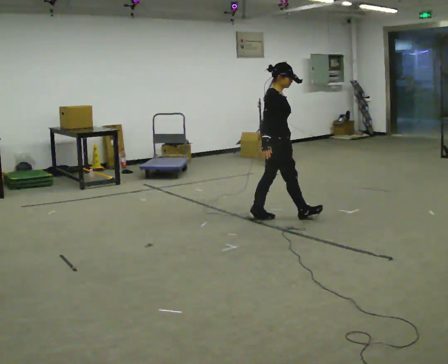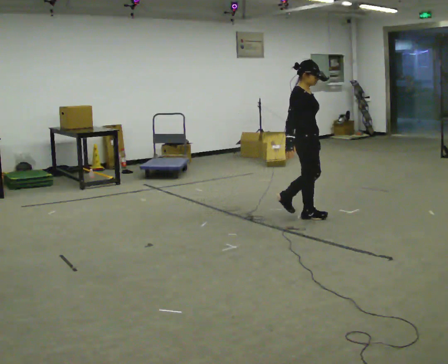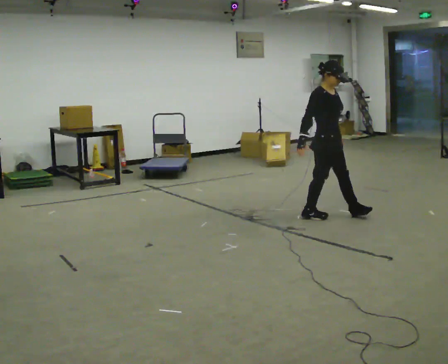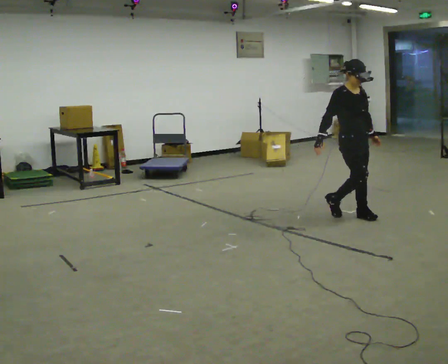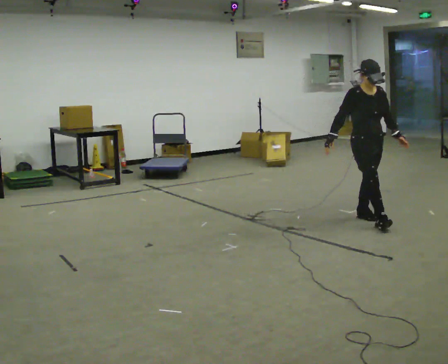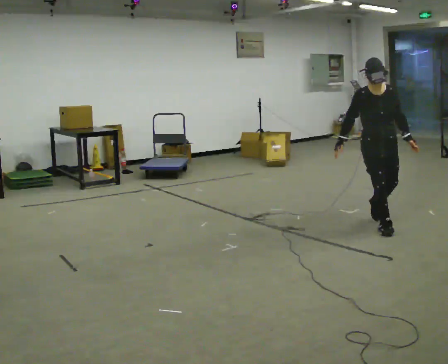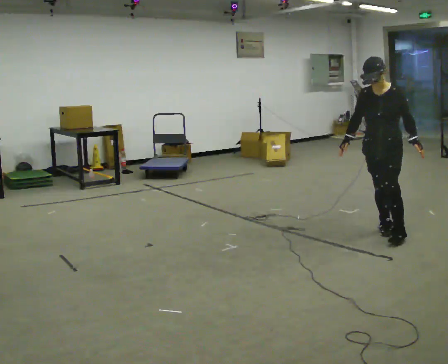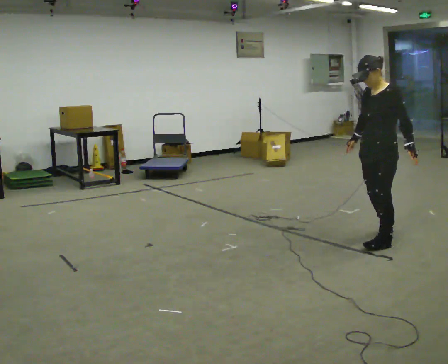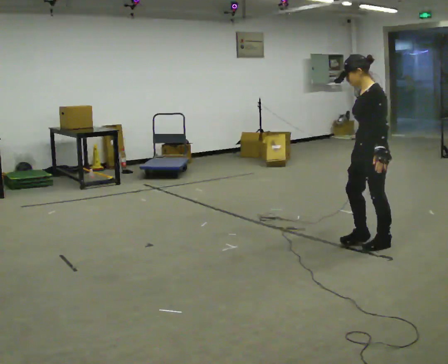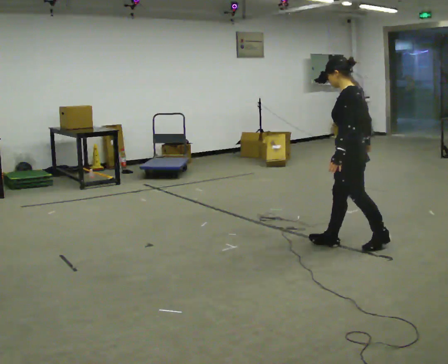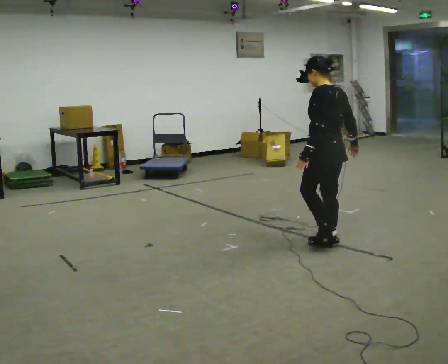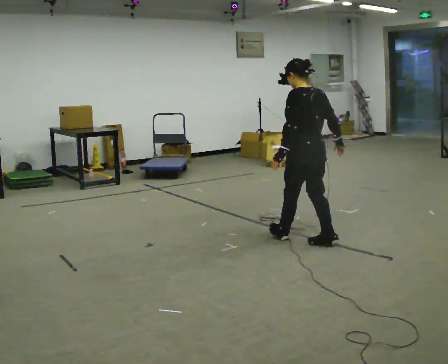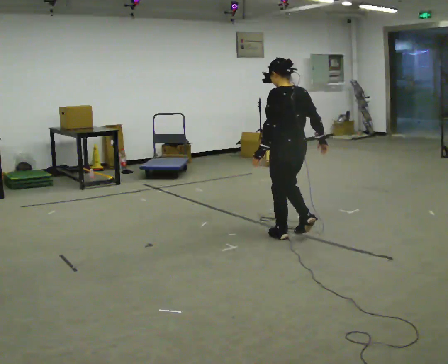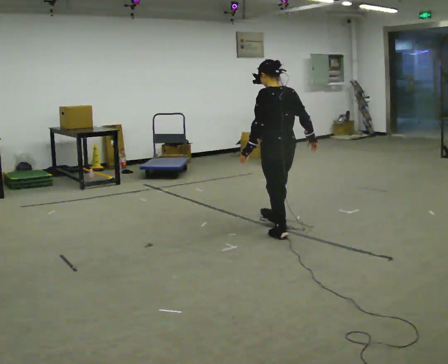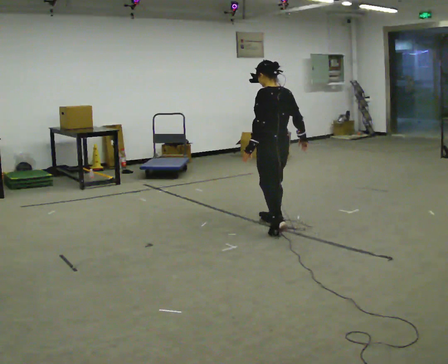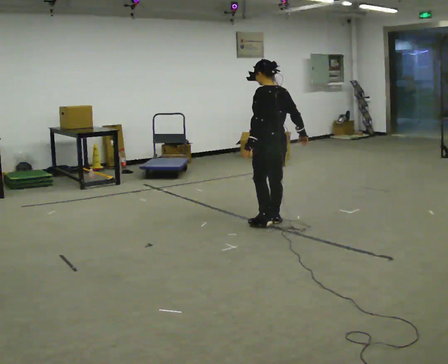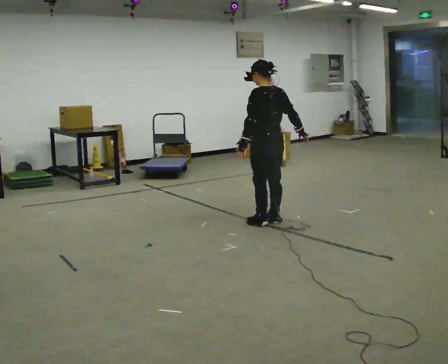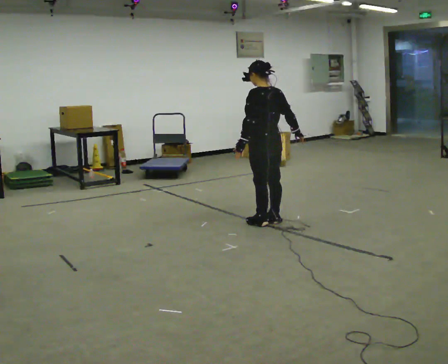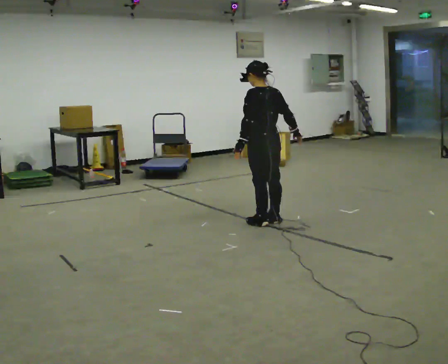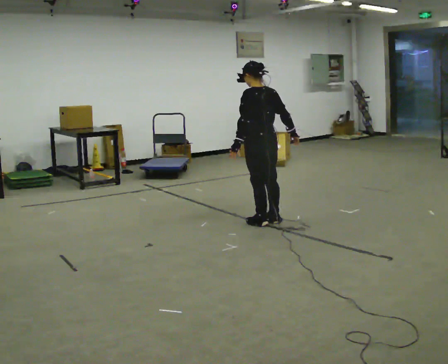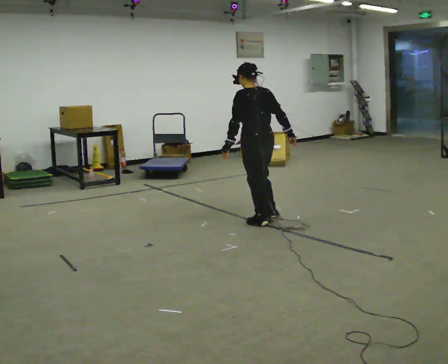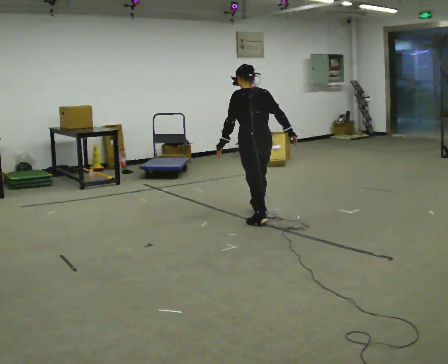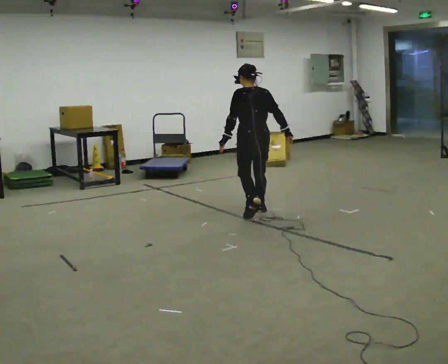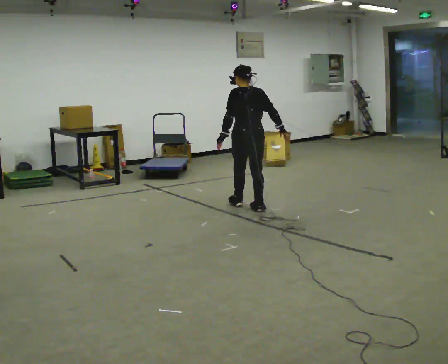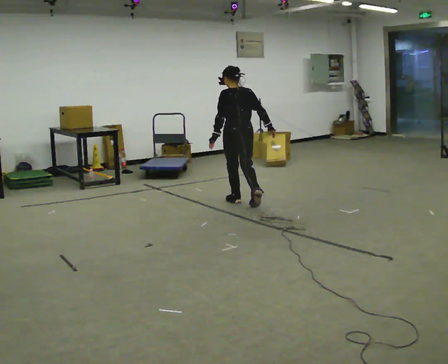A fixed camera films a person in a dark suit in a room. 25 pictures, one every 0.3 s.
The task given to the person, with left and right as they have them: Walk one full figure-eight continuously at comfortable speed; stop.
0.0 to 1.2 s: Seen from above the body turns clockwise, about 60 degrees: to their right, with its near side sliding to the left. In the picture they go to the right, about 1 m in 2 steps.
1.2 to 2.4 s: The part of the body nearest the lens slides to the left as the person turns to their right by about 105 degrees. In the picture they go toward the camera, about 0.5 m in 2 steps.
2.4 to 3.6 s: Seen from above the body turns clockwise, about 60 degrees: to their right, with its near side sliding to the left. In the picture they go to the left and away from the camera, about 0.5 m in 2 steps, which for them is forward.
3.6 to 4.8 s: In the picture they go away from the camera, about 0.5 m in 2 steps, which for them is forward and to their right.
4.8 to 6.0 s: The person moves a little, or ends about where they began.
6.0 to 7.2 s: In the picture they go away from the camera, about 0.5 m in 2 steps, which for them is forward.
The film runs forward here.
